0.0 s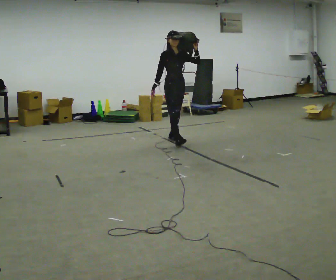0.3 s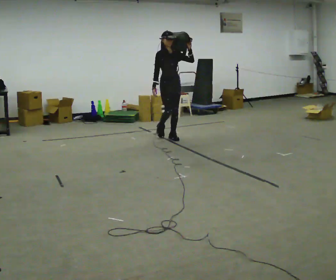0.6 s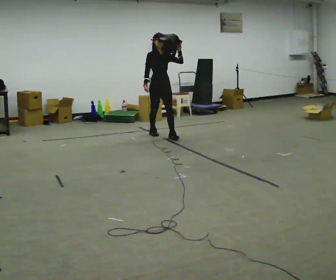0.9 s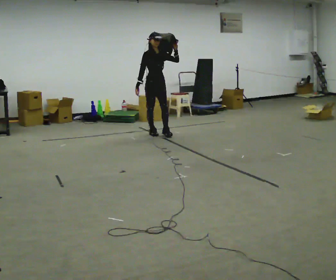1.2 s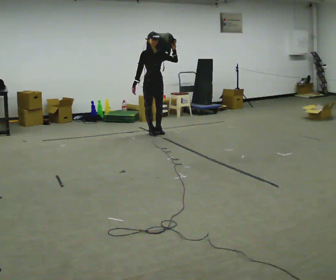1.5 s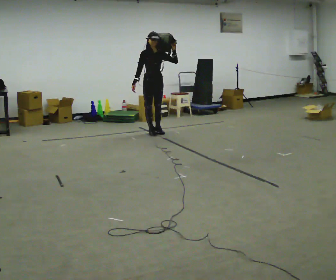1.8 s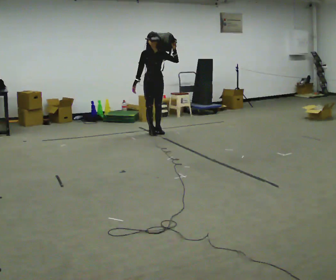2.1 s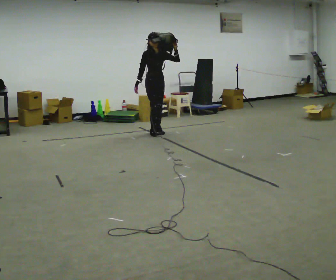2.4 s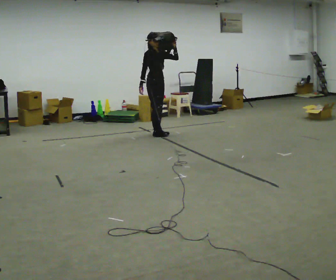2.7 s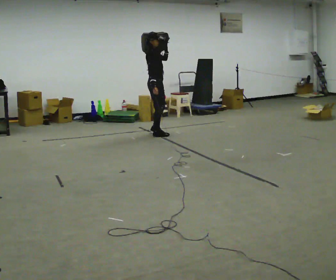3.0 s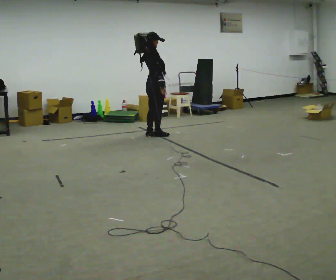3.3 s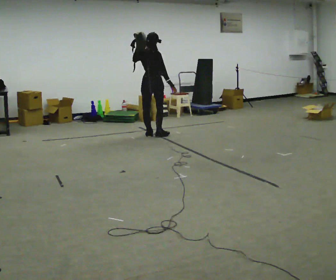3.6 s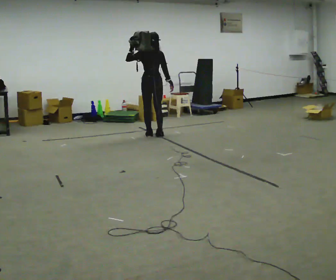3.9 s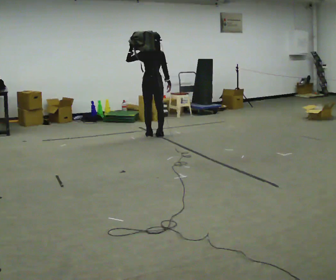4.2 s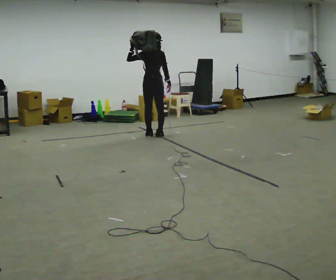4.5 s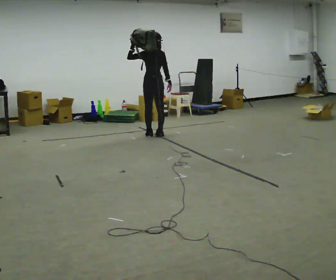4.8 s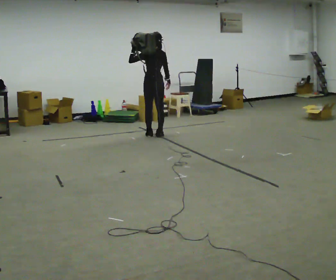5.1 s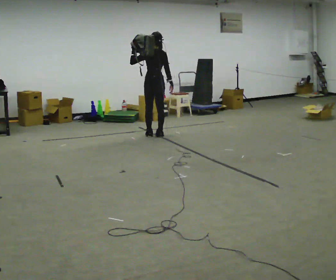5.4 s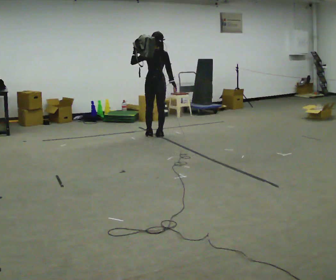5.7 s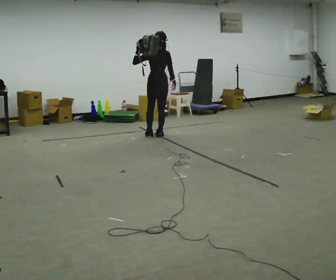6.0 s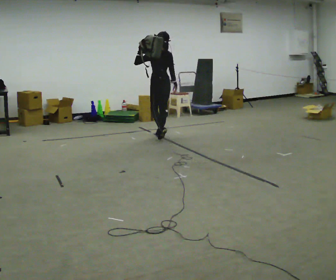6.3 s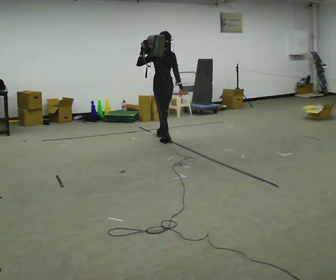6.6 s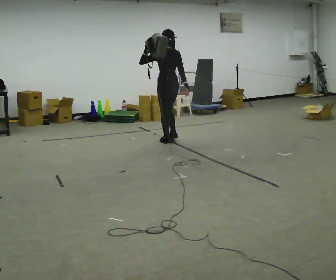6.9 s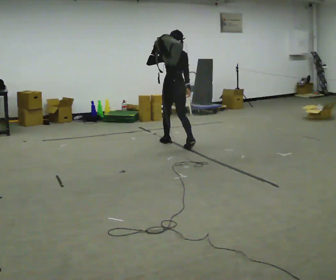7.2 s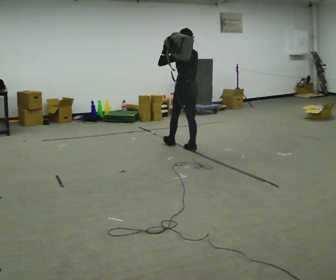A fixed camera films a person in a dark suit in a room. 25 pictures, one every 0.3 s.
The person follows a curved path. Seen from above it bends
counterclockwise.
0.0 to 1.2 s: In the picture they go away from the camera and to the left, about 0.5 m in 1 step, which for them is backward.
1.2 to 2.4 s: The person moves a little, or ends about where they began.
2.4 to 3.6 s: The person turns about 135 degrees to their left, counterclockwise seen from above, so the part of the body nearest the lens slides to the right. In the picture they go toward the camera, about 0.25 m in 1 step. In the picture their left hand goes to the left.
3.6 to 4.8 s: The person turns about 30 degrees to their left, counterclockwise seen from above, so the part of the body nearest the lens slides to the right.
4.8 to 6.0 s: The person moves a little, or ends about where they began.
6.0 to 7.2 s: In the picture they go toward the camera and to the right, about 0.5 m in 2 steps, which for them is backward.
The film runs backward here.
